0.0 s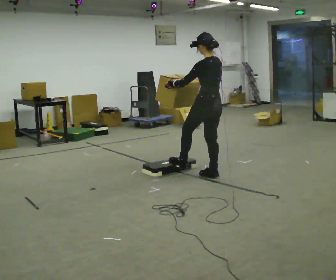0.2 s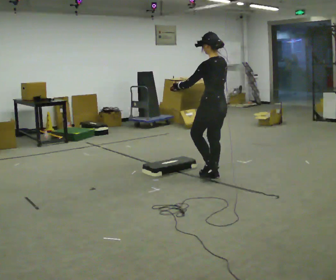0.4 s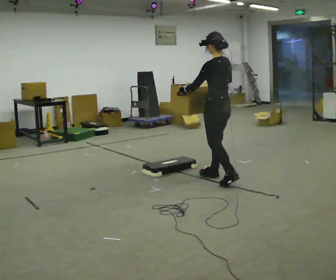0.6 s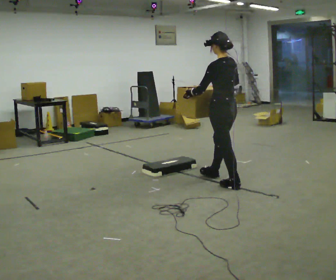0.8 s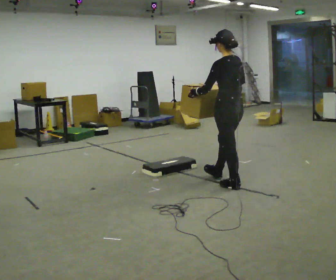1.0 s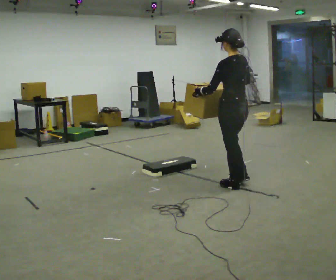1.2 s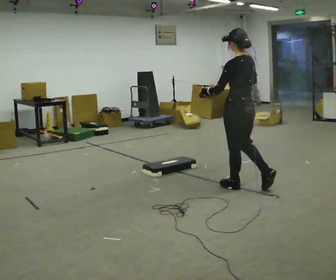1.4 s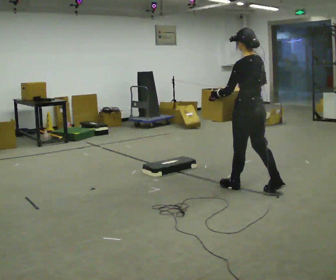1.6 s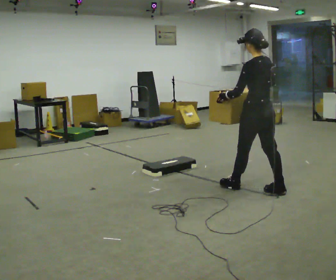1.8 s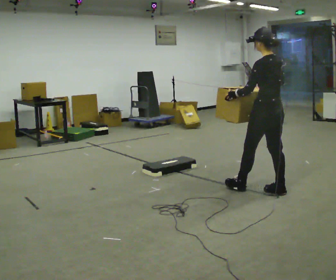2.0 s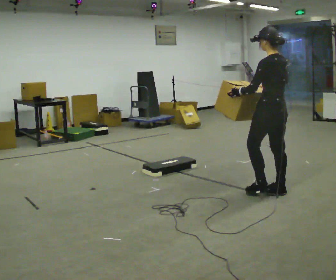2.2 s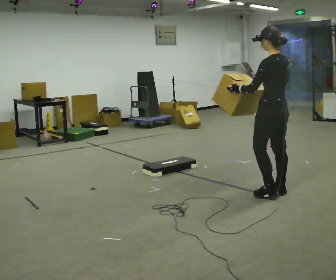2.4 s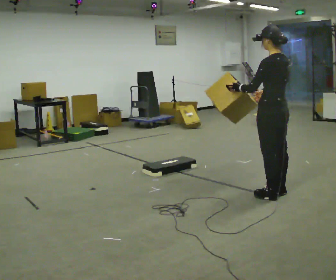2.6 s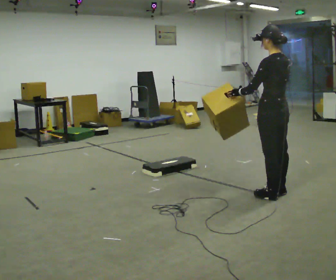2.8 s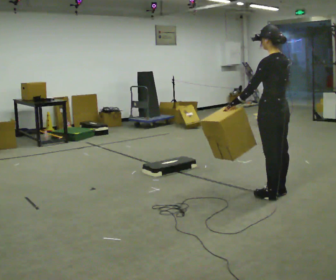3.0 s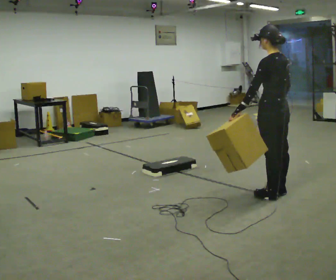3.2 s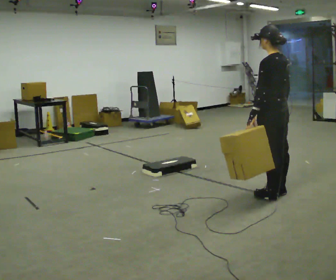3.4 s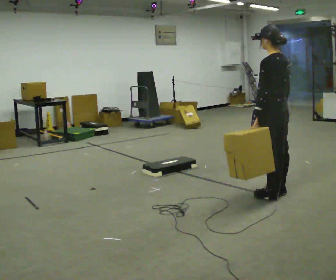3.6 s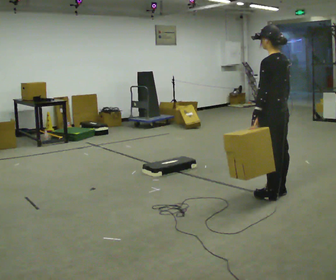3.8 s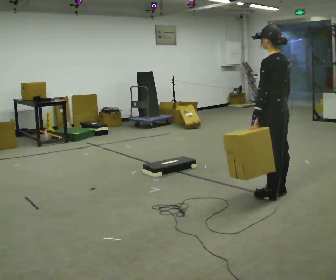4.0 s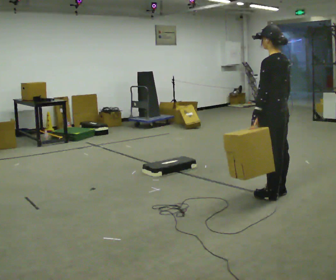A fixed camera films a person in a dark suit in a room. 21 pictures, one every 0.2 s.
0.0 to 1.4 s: In the picture they go to the right and toward the camera, about 0.75 m in 1 step, which for them is backward.
1.4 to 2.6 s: In the picture they go to the right, about 0.25 m in 1 step, which for them is backward.
2.6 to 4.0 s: The person moves a little, or ends about where they began.
The film runs backward here.
